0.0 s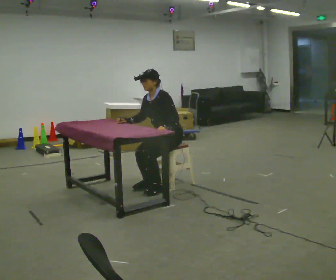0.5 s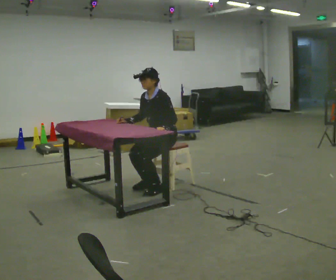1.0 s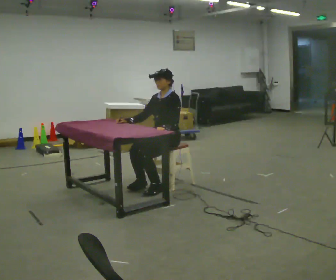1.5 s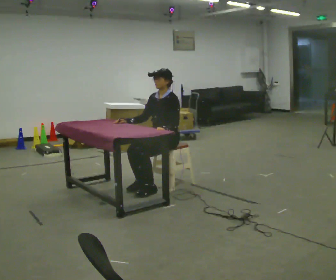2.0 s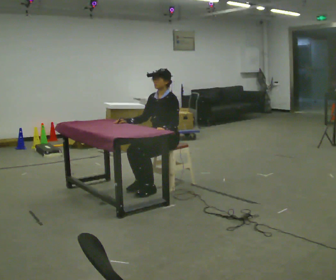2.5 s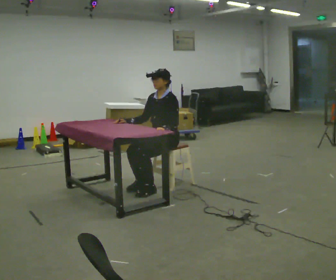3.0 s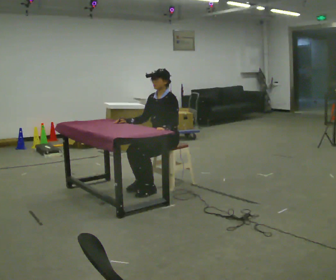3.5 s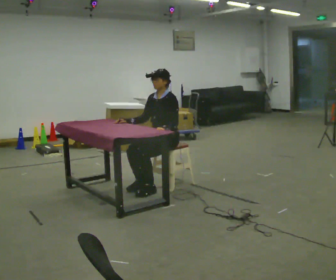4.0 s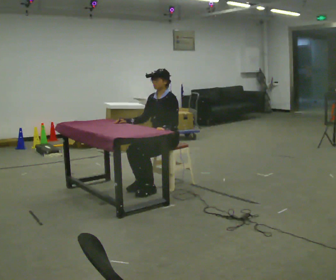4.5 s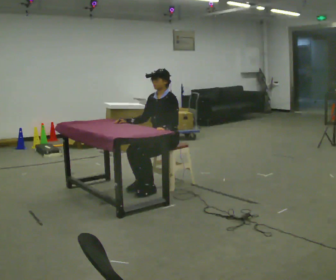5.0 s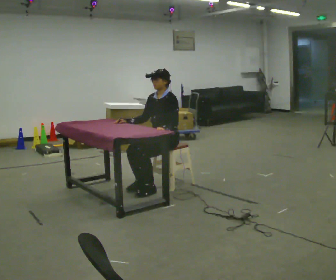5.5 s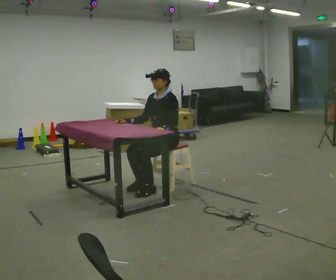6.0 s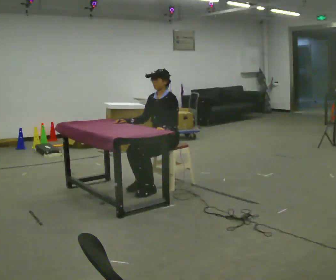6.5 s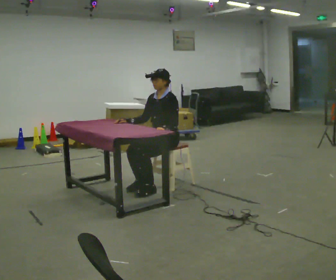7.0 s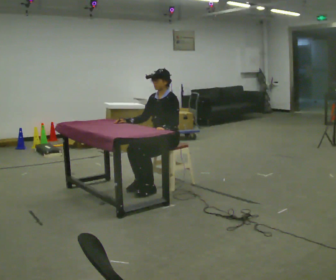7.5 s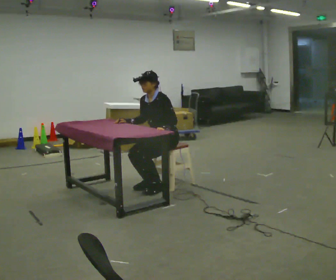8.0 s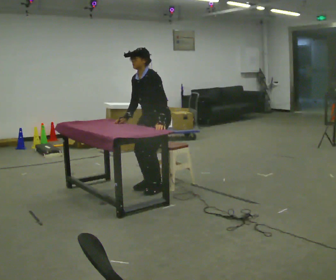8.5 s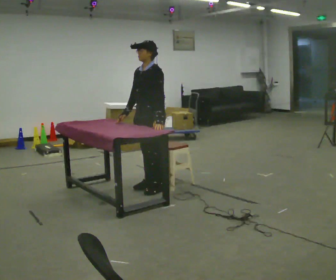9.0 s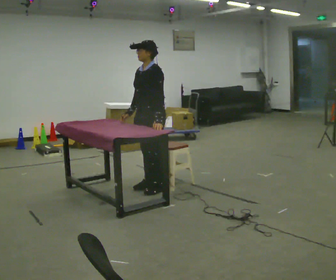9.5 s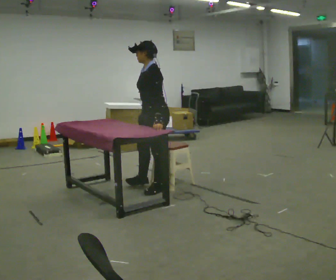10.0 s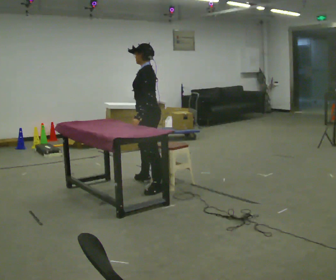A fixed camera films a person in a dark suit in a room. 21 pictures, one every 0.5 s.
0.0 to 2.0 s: In the picture the upper body tilts clockwise, shoulders to the right.
2.0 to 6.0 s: The person keeps their place and pose.
6.0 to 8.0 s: The upper body goes upward.
8.0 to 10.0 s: The person turns about 30 degrees to their right, clockwise seen from above, so the part of the body nearest the lens slides to the left. In the picture their right hand goes to the right.
The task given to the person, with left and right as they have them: Walk up to the chair at the table, sit down into the space, settle as if you were about to work there, then stand up and step away. Repeat the movement at your own pace until the operator says stop; do not rush.
The film runs forward here.
